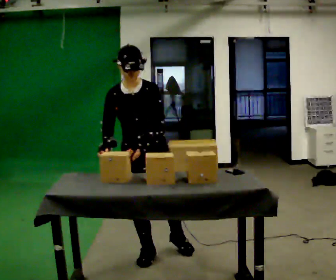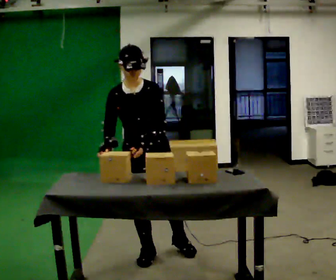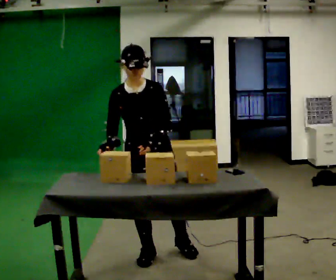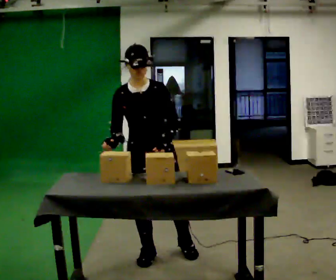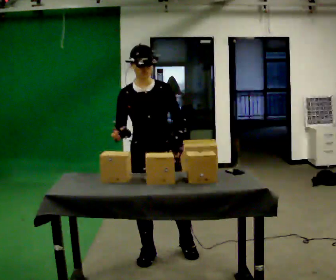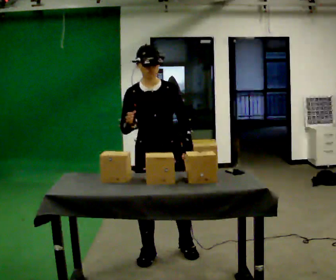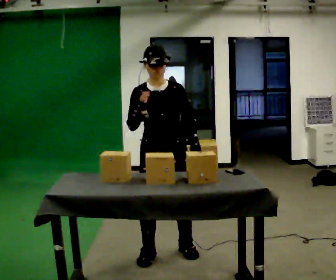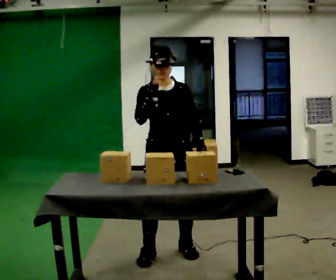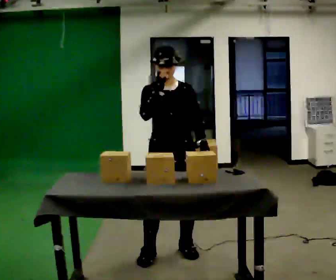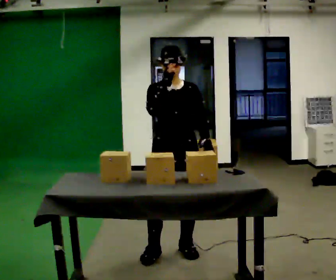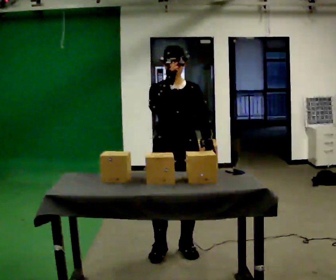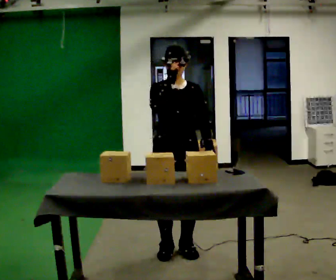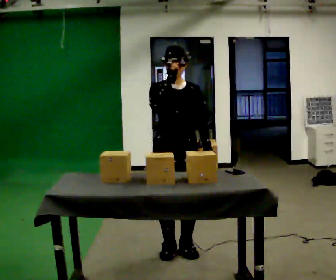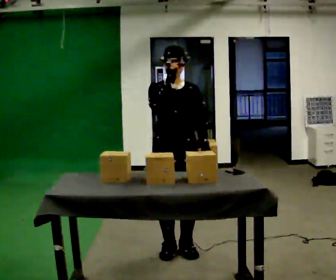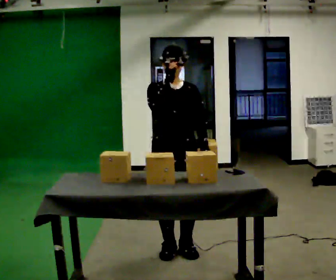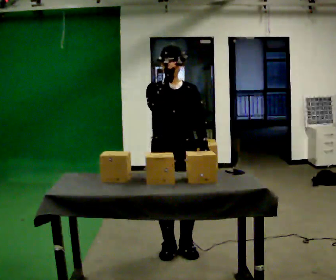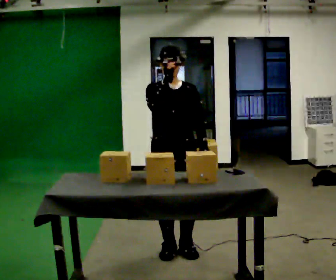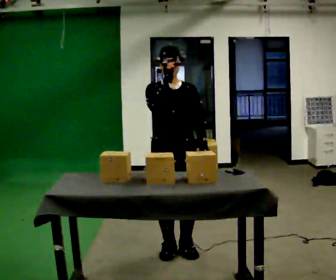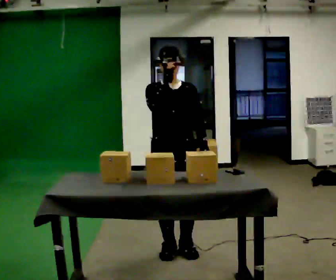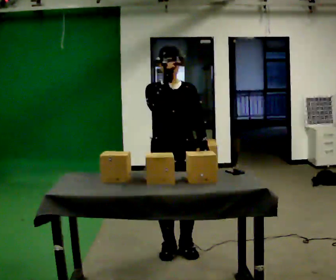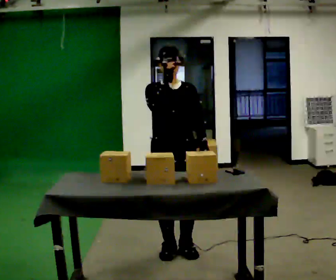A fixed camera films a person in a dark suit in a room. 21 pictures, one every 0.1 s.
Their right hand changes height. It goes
upward.
0.0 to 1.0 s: In the picture they go to the right, about 0.25 m, which for them is to their left. In the picture their right hand goes upward.
1.0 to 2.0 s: The person moves a little, or ends about where they began.
The film runs forward here.
